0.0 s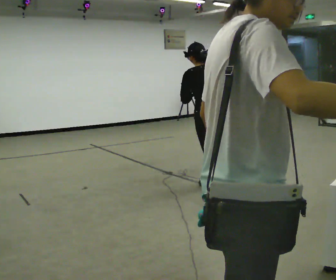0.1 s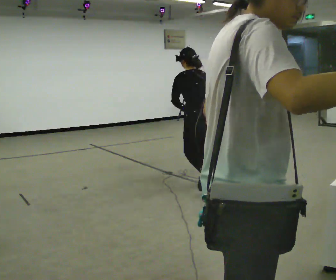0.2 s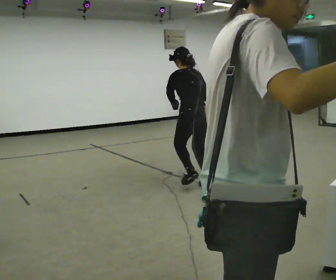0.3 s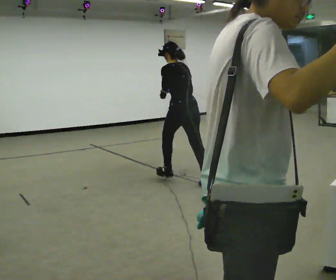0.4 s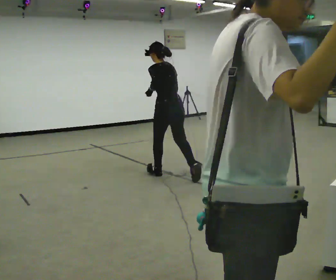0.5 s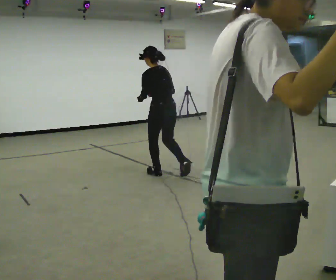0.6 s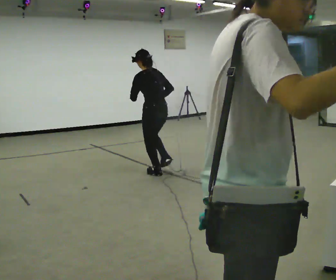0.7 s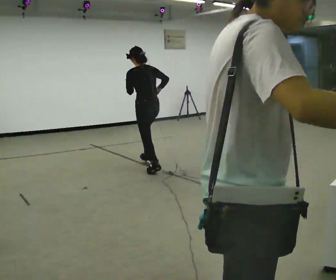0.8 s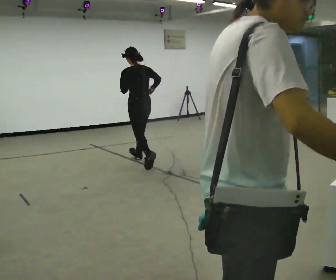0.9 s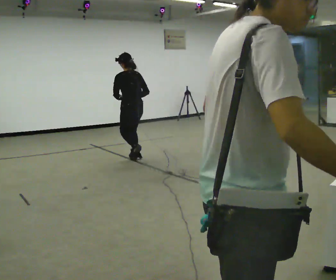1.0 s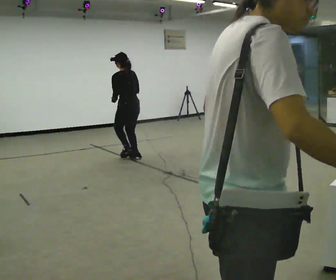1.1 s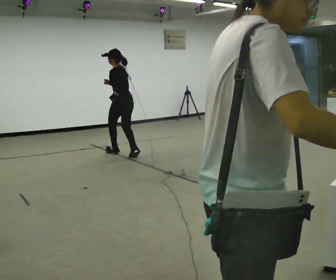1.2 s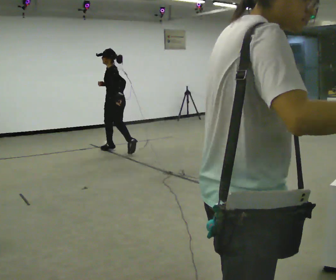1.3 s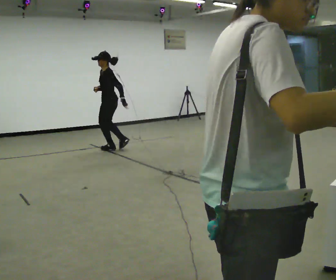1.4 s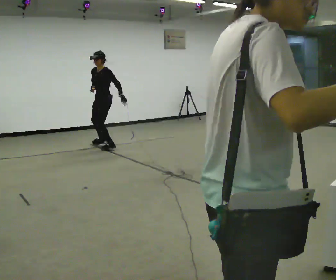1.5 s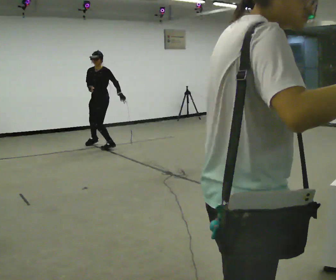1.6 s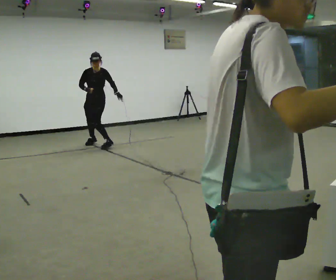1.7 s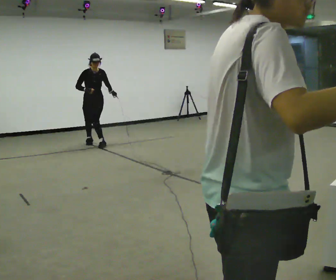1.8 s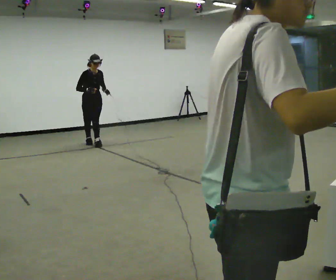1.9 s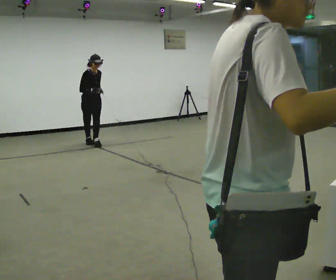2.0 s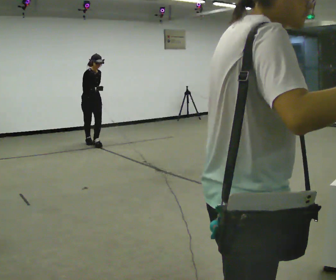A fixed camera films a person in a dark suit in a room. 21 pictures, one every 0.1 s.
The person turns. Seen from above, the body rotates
counterclockwise.
The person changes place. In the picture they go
away from the camera.
0.0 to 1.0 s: In the picture they go away from the camera and to the left, about 2 m in 2 steps, which for them is forward. The upper body tips toward the camera, its near side rolling downward, as they lean back or straighten.
1.0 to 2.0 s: Seen from above the body turns counterclockwise, about 180 degrees: to their left, with its near side sliding to the right. In the picture they go away from the camera and to the left, about 1 m in 2 steps. The upper body tips toward the camera, its near side rolling downward.
The film runs forward here.
